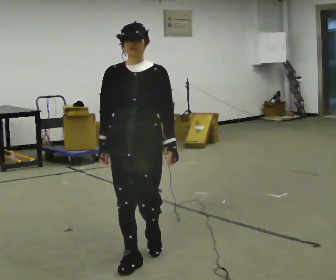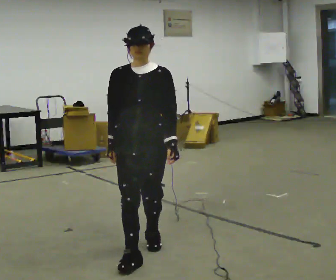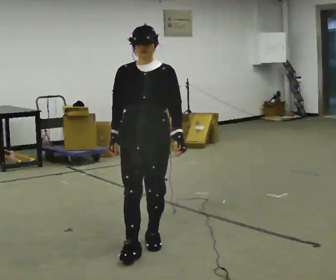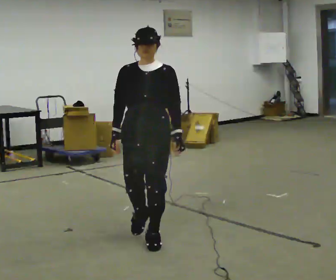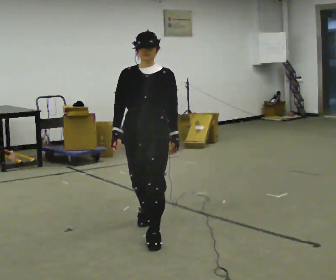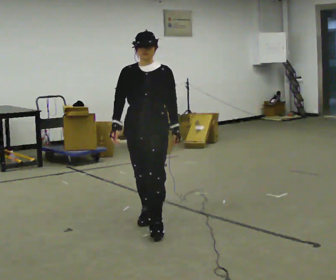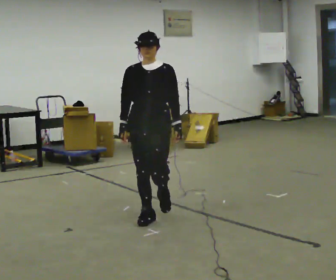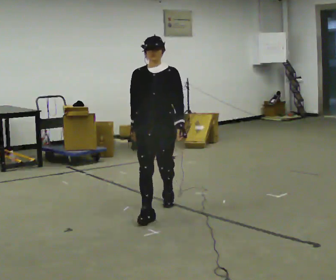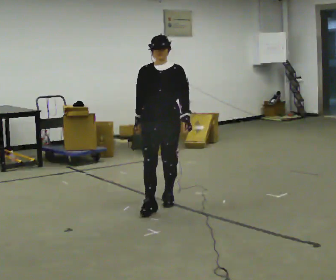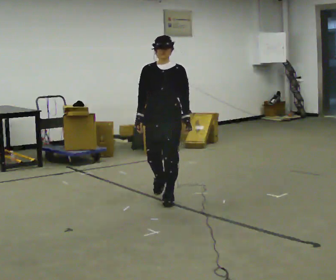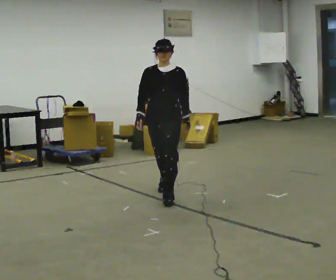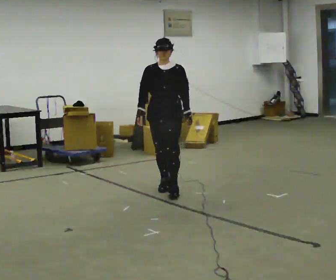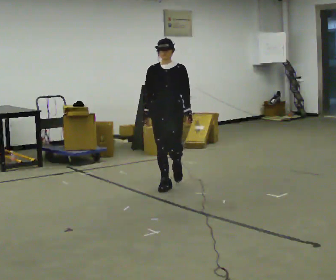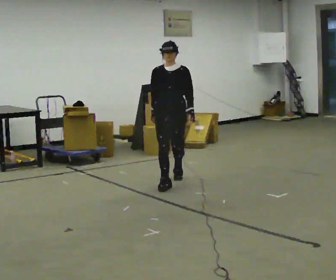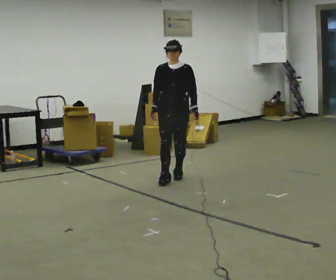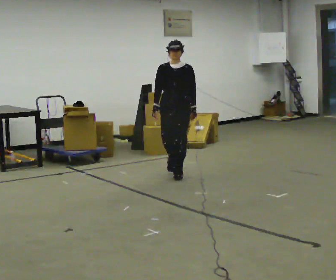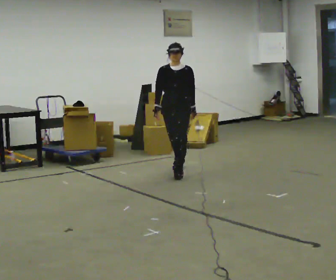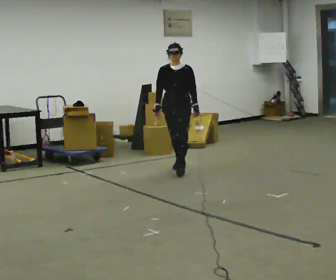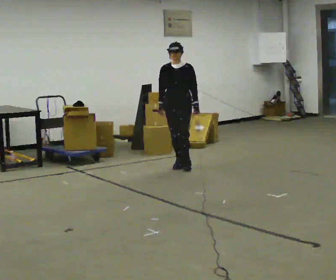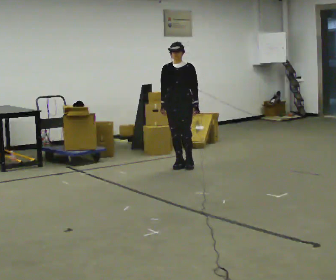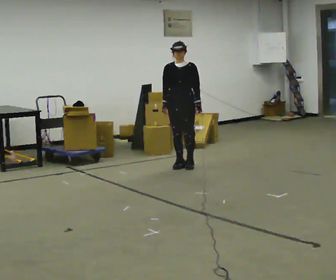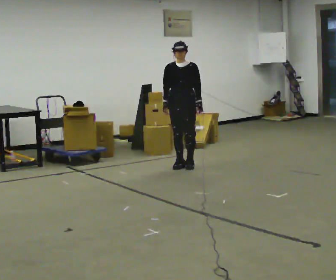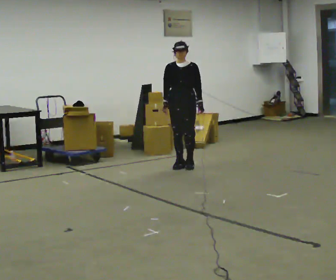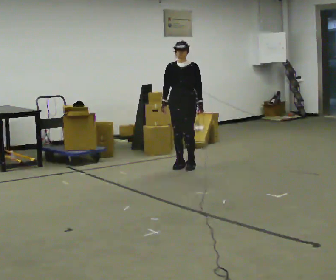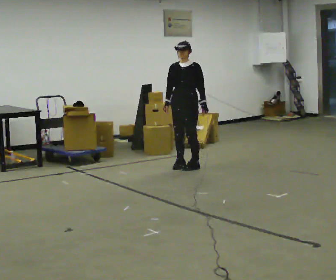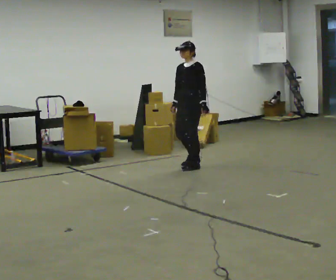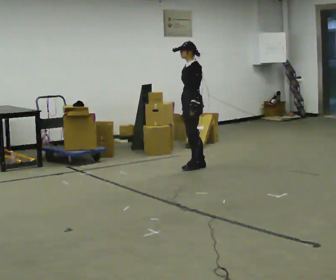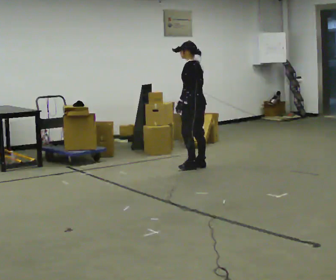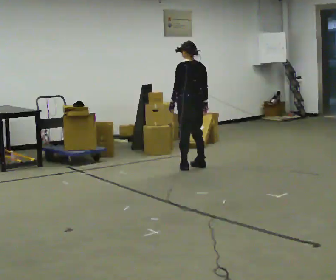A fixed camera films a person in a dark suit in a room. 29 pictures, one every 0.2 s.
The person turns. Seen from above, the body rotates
clockwise.
The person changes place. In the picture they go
away from the camera.
0.0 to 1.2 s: In the picture they go away from the camera, about 1 m in 2 steps, which for them is backward.
1.2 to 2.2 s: In the picture they go away from the camera, about 1 m in 2 steps, which for them is backward.
2.2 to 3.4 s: In the picture they go away from the camera, about 1 m in 2 steps, which for them is backward.
3.4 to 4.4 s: In the picture they go away from the camera, about 0.25 m, which for them is backward.
4.4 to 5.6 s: The part of the body nearest the lens slides to the left as the person turns to their right by about 135 degrees. In the picture their left hand goes to the left, the arm swinging clockwise.
The film runs backward here.
